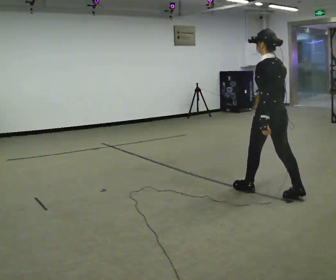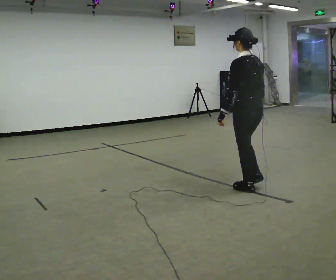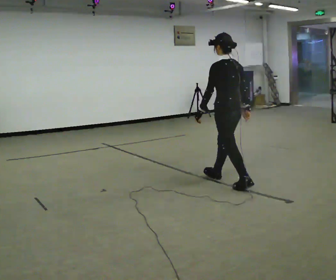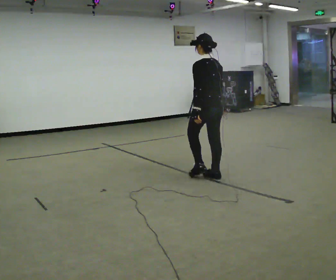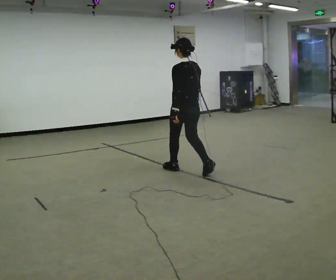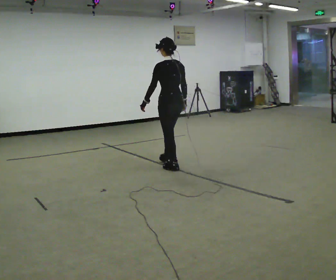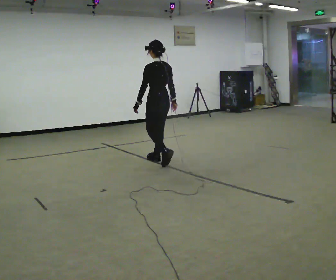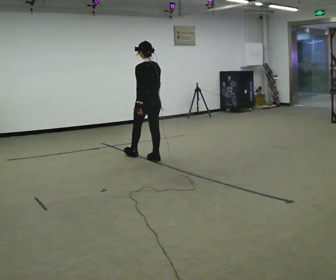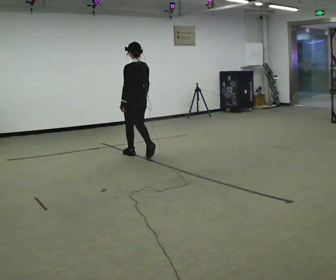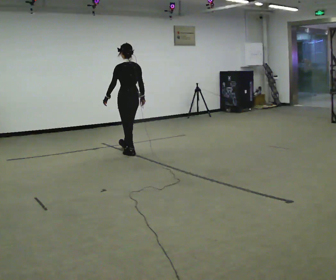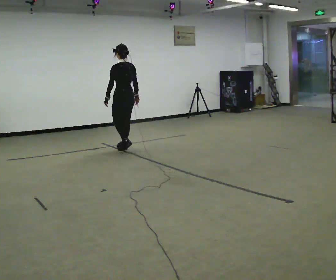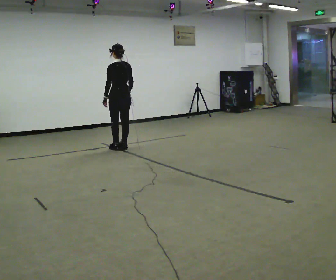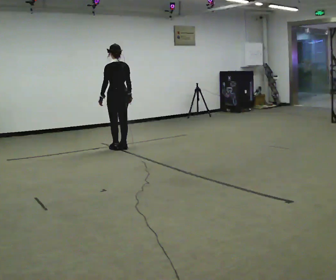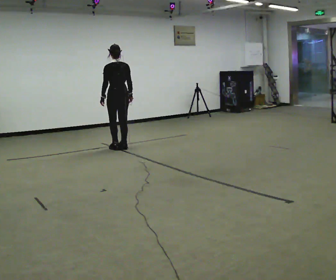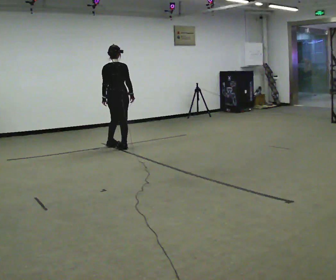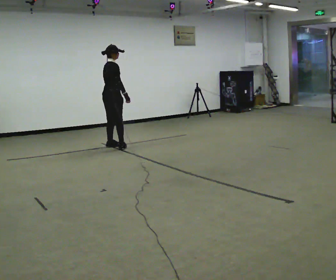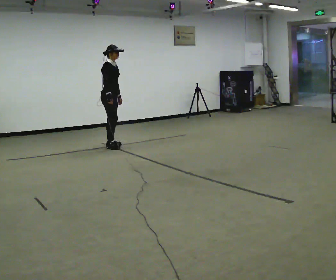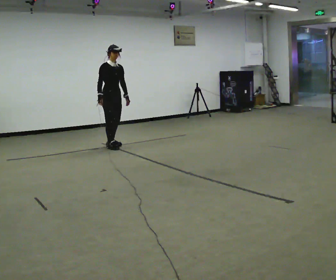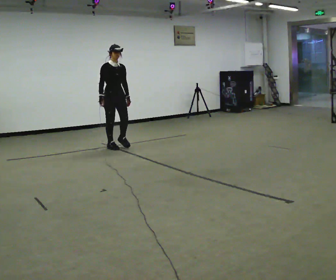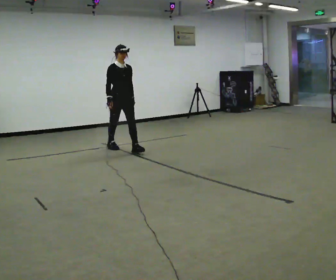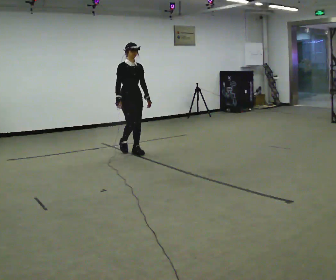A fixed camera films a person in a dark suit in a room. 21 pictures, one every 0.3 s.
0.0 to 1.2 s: In the picture they go away from the camera and to the left, about 1 m in 2 steps, which for them is forward.
1.2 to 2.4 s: In the picture they go away from the camera and to the left, about 1 m in 2 steps, which for them is forward.
2.4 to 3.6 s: In the picture they go away from the camera and to the left, about 0.5 m in 2 steps, which for them is forward.
3.6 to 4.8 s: The person turns about 135 degrees to their right, clockwise seen from above, so the part of the body nearest the lens slides to the left. In the picture their right hand goes to the left.
4.8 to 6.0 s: Seen from above the body turns clockwise, about 45 degrees: to their right, with its near side sliding to the left. In the picture they go toward the camera and to the right, about 0.5 m in 1 step, which for them is forward.
The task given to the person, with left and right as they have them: Start still; walk straight at normal comfortable speed; stop at endpoint.
The film runs forward here.
